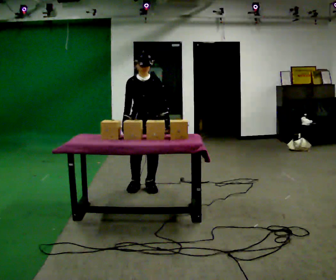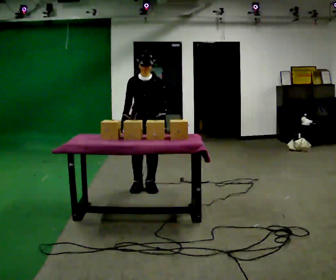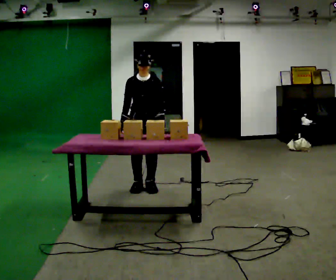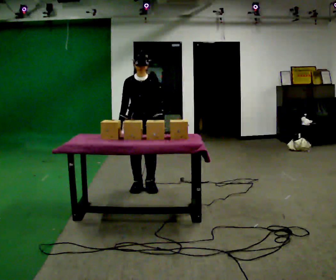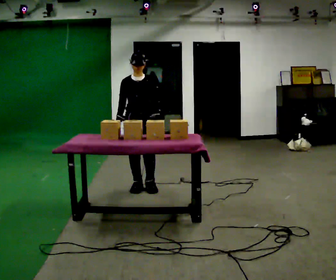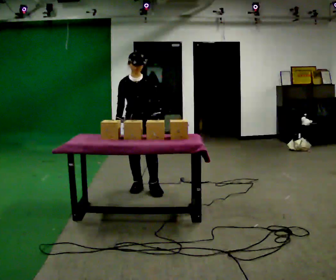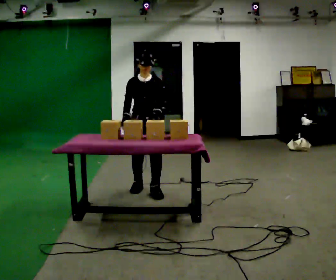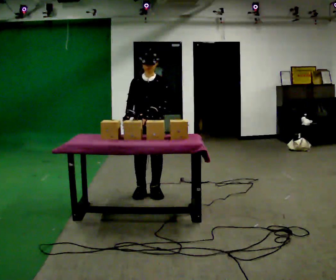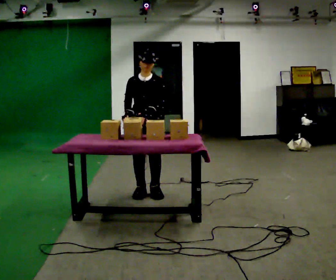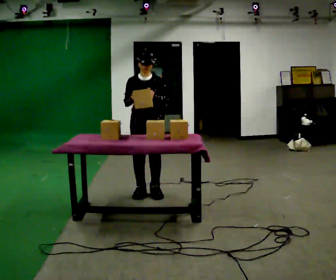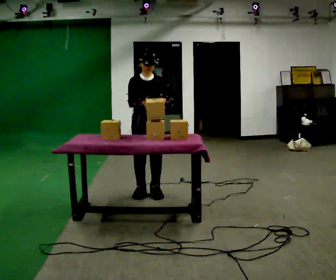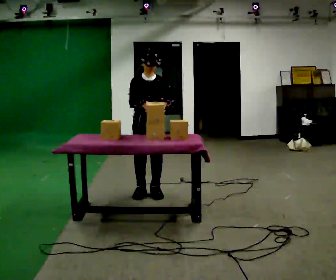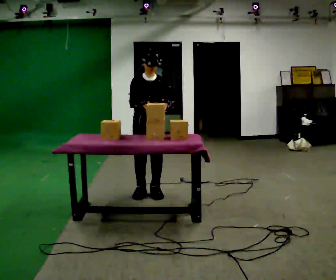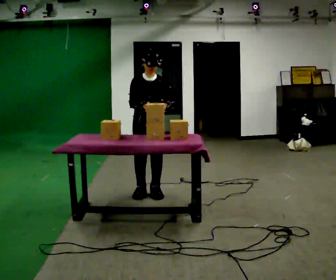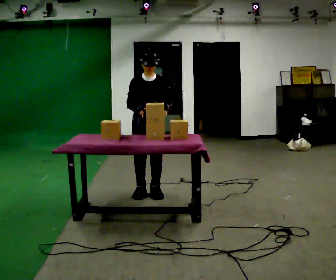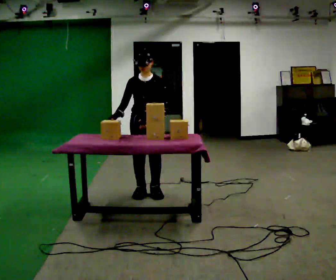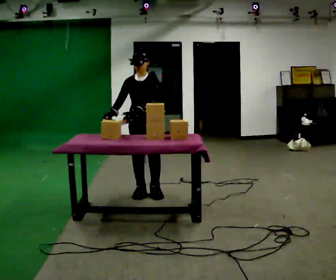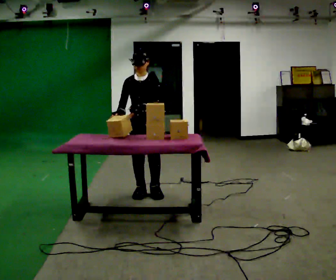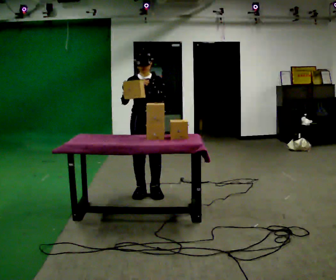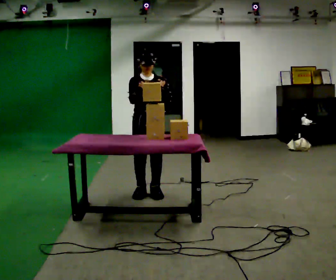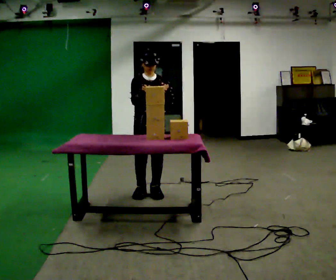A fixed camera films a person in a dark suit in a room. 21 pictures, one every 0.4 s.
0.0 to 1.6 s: The person moves a little, or ends about where they began.
1.6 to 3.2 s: In the picture they go toward the camera, about 0.25 m in 2 steps, which for them is forward.
3.2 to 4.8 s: The person moves a little, or ends about where they began.
4.8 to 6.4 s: In the picture their right hand goes to the left.
6.4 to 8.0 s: In the picture their right hand goes to the right.
The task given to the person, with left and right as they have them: Carry the object over and line it up with the mark on the surface as accurately as you can. Keep going until the operator says stop; one object at a time, and do not rush between trips.
The film runs forward here.
